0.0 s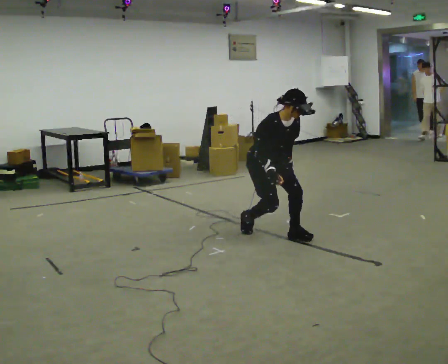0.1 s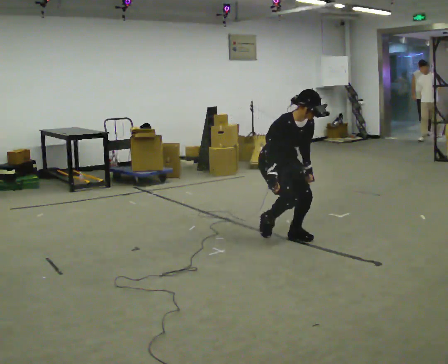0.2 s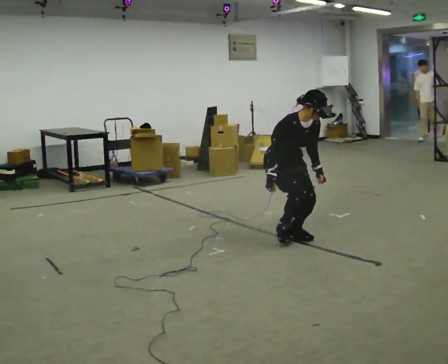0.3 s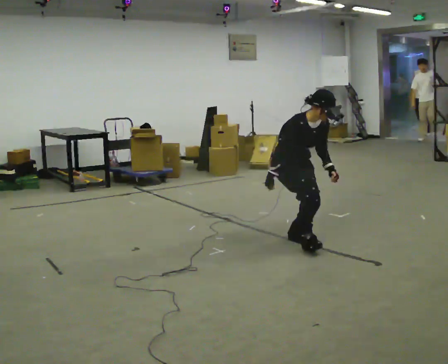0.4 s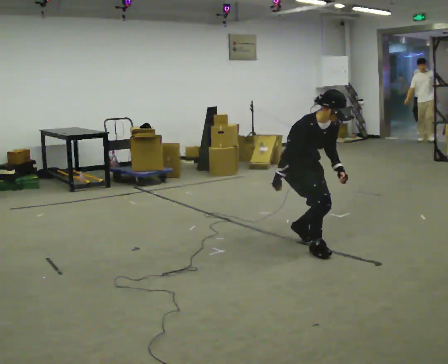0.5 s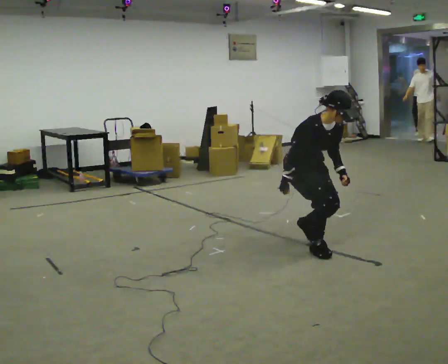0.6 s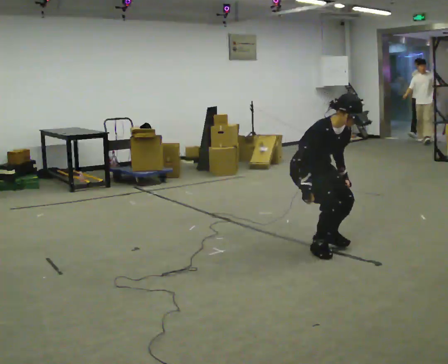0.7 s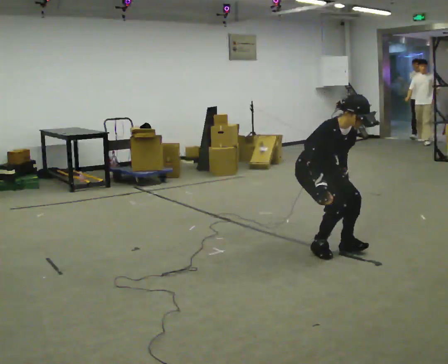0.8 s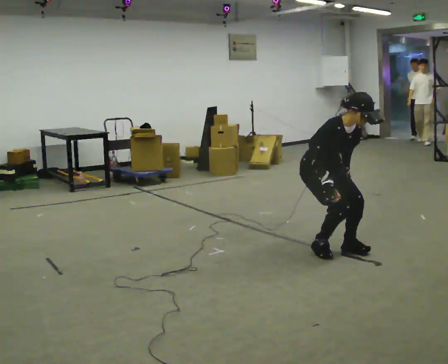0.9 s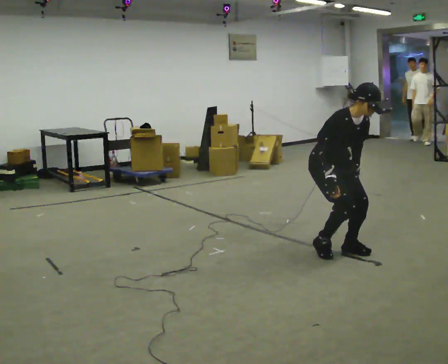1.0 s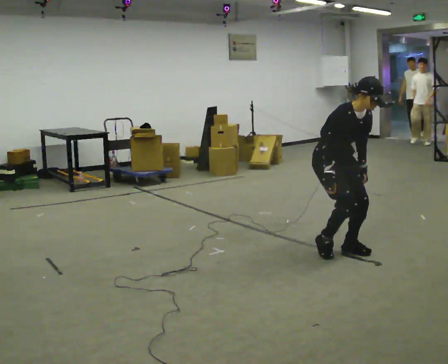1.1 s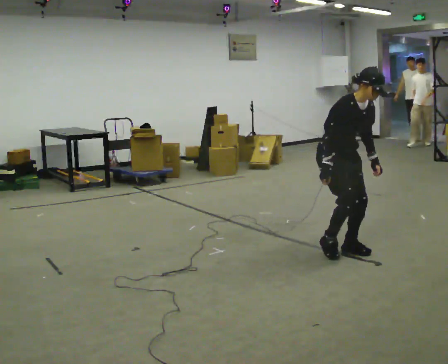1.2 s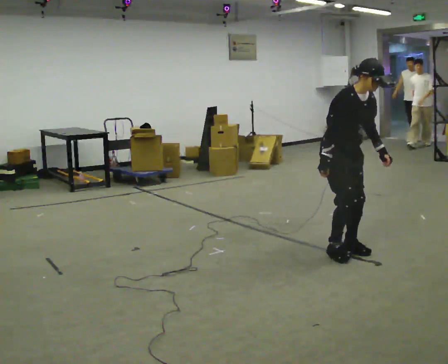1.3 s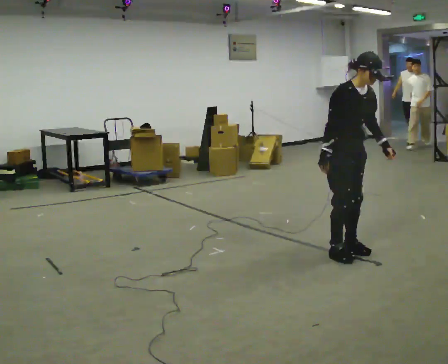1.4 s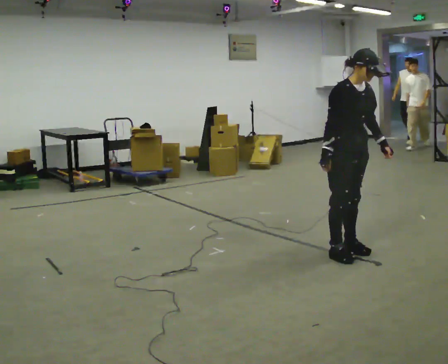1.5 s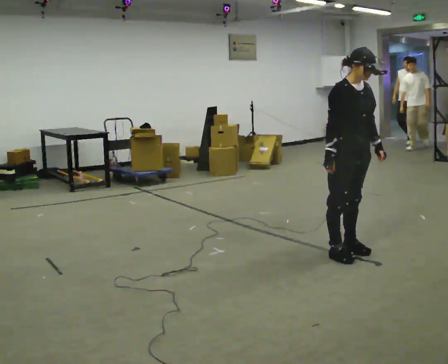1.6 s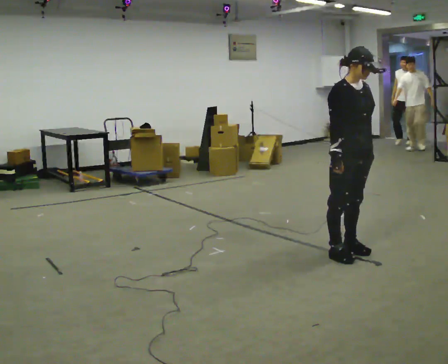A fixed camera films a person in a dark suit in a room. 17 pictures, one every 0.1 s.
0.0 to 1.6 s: In the picture they go to the right and toward the camera, about 1 m in 3 steps, which for them is forward. The upper body goes upward. In the picture the upper body tilts counterclockwise, shoulders to the left, as they lean back or straighten.
The film runs forward here.
